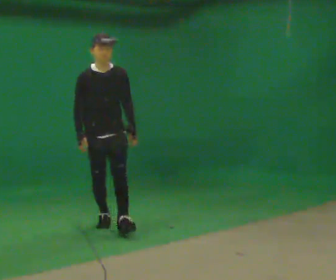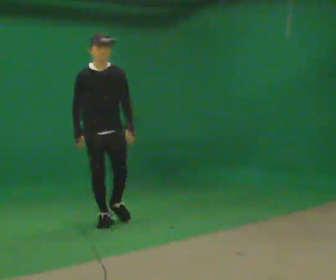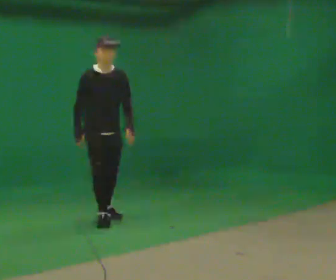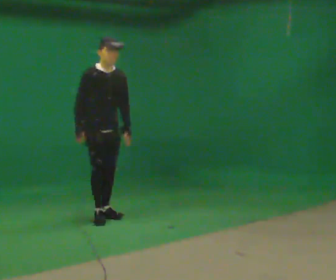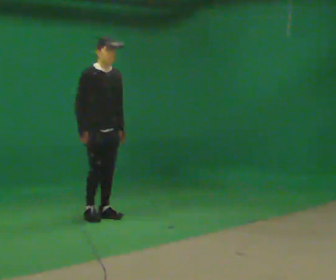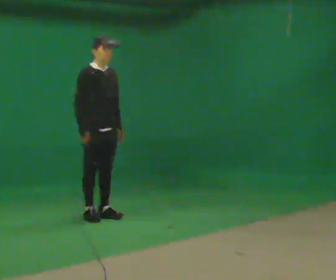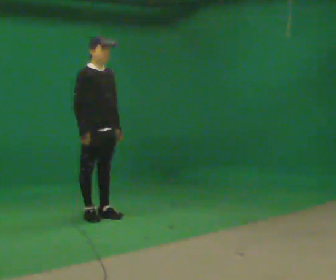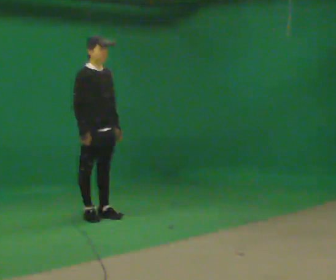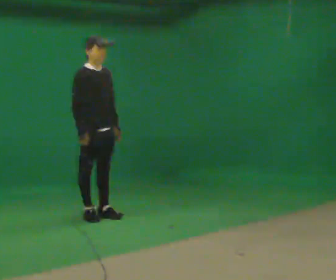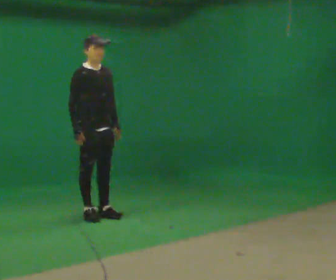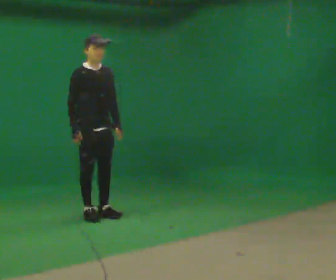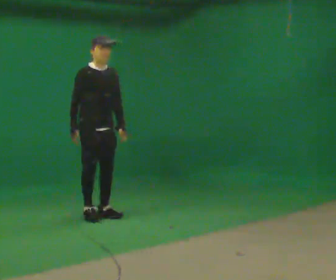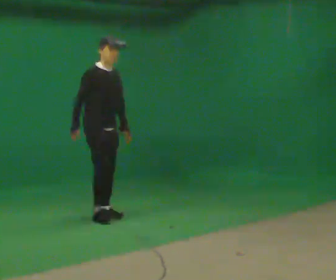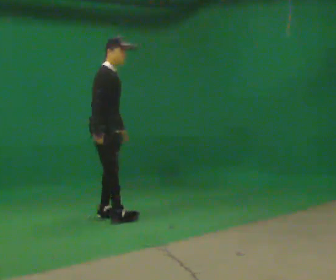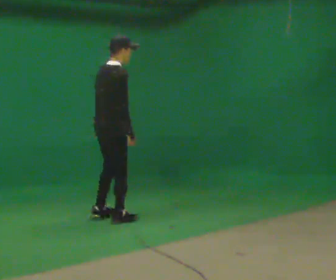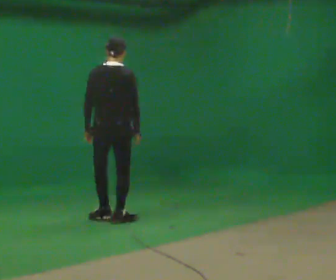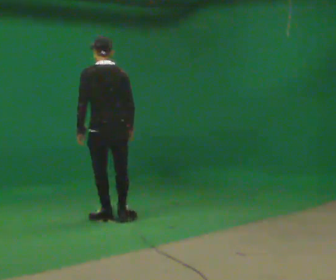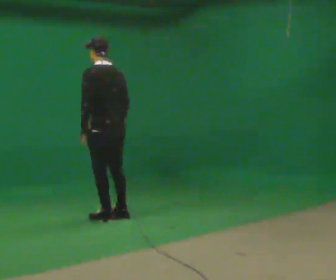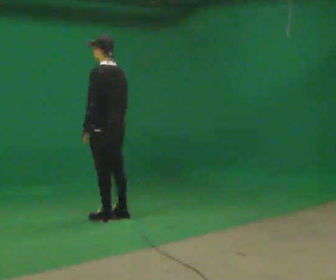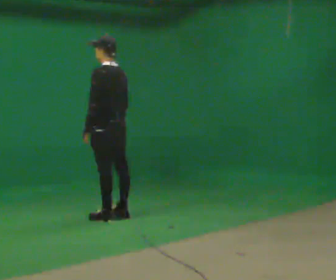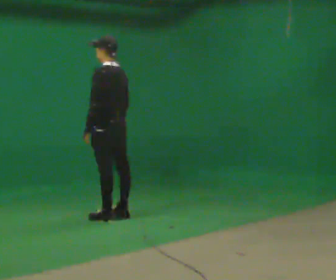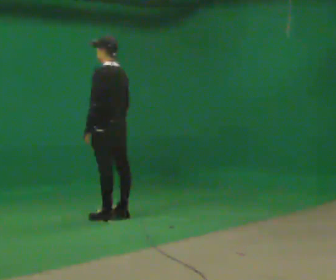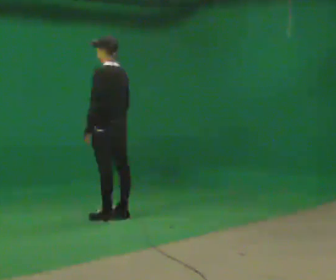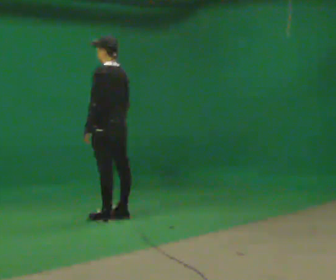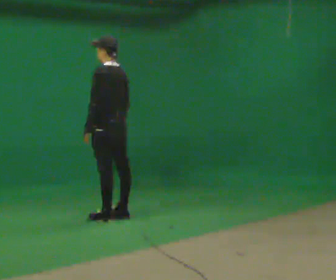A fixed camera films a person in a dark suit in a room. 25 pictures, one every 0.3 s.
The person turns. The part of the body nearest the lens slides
to the right.
The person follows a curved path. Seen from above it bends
clockwise.
0.0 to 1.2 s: Seen from above the body turns counterclockwise, about 30 degrees: to their left, with its near side sliding to the right. In the picture they go away from the camera, about 0.5 m in 1 step, which for them is backward.
1.2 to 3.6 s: The person moves a little, or ends about where they began.
3.6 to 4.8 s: The person turns about 150 degrees to their left, counterclockwise seen from above, so the part of the body nearest the lens slides to the right. In the picture they go toward the camera, about 0.25 m in 2 steps.
4.8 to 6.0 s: The part of the body nearest the lens slides to the right as the person turns to their left by about 45 degrees.
6.0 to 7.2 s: The person keeps their place and pose.
The film runs backward here.
